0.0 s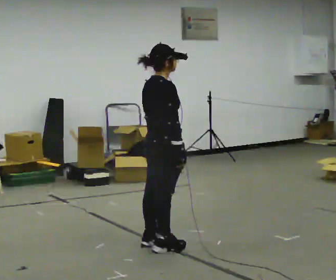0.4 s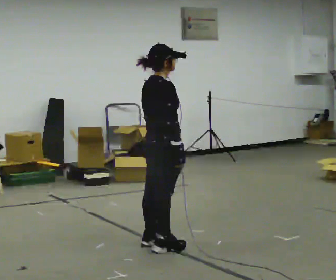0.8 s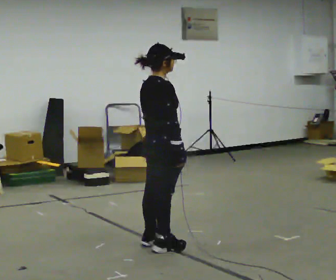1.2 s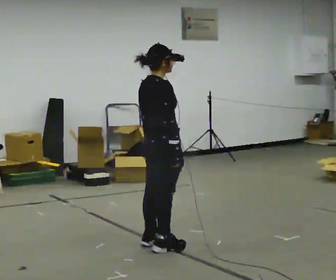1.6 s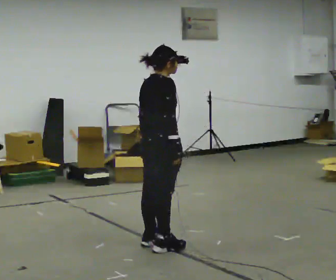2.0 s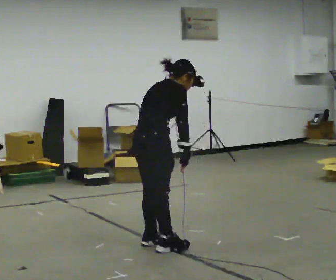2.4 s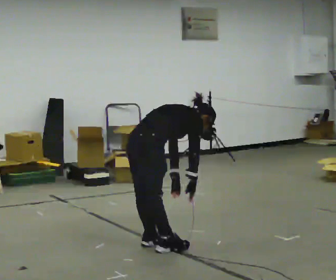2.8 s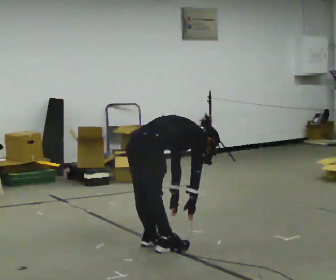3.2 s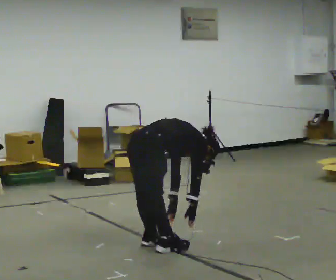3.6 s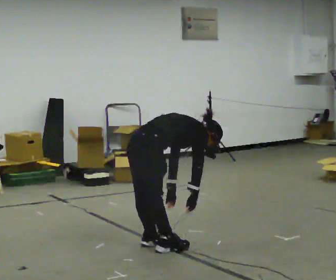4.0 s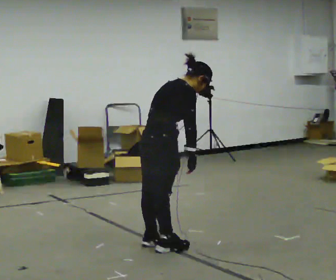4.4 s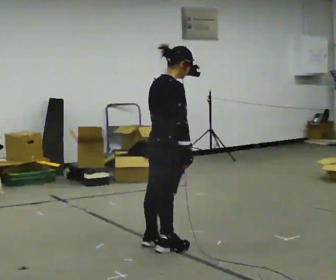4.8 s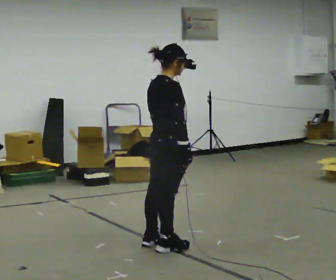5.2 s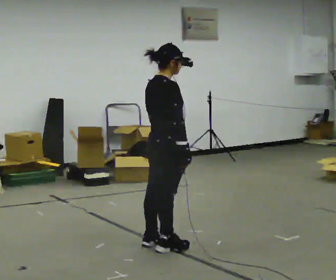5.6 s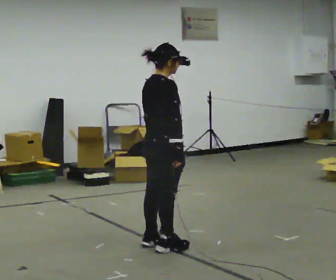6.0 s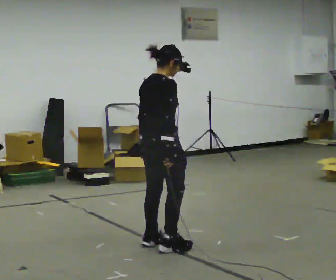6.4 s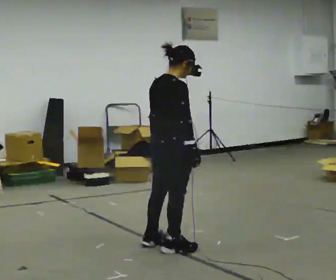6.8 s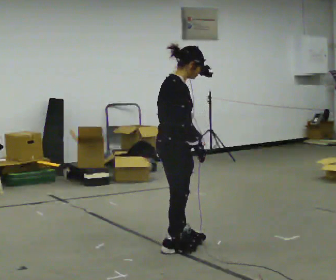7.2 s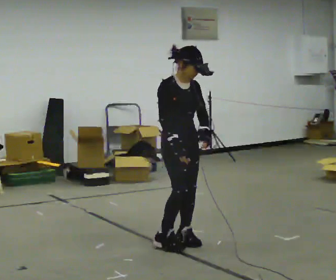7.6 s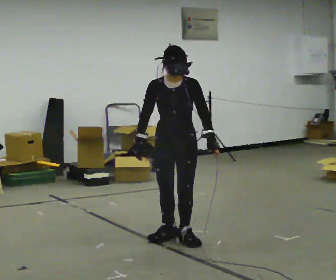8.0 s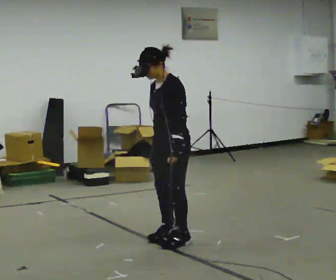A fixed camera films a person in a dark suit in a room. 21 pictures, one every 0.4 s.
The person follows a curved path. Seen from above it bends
counterclockwise.
The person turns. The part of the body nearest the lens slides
to the left.
0.0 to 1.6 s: The person moves a little, or ends about where they began.
1.6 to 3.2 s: The upper body goes downward. In the picture the upper body tilts clockwise, shoulders to the right, as they bend forward. In the picture their right hand goes downward.
3.2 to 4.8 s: In the picture they go to the right, about 0.25 m, which for them is forward. The upper body goes upward. In the picture the upper body tilts counterclockwise, shoulders to the left, as they lean back or straighten. In the picture their left hand goes upward.
4.8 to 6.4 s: The person moves a little, or ends about where they began.
6.4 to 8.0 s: The part of the body nearest the lens slides to the left as the person turns to their right by about 180 degrees. In the picture they go away from the camera, about 0.25 m in 2 steps.
The film runs backward here.
